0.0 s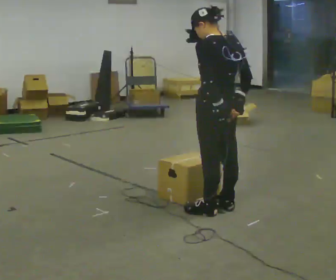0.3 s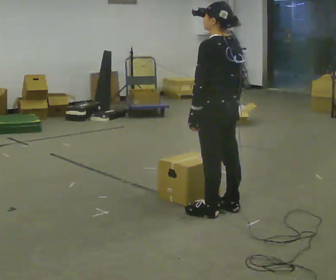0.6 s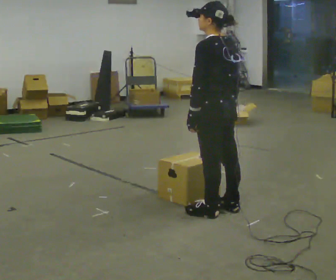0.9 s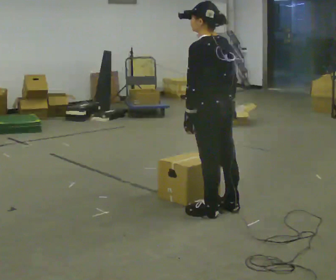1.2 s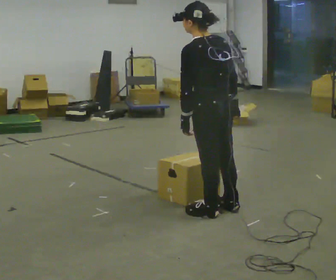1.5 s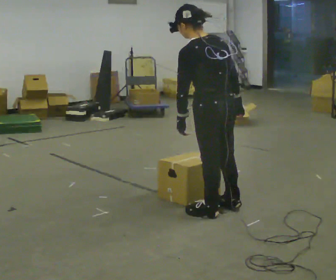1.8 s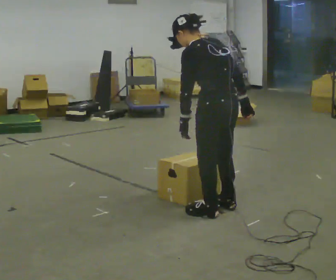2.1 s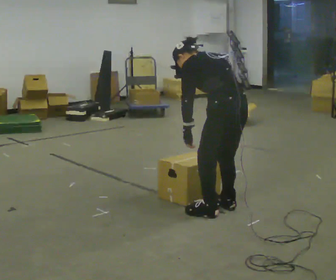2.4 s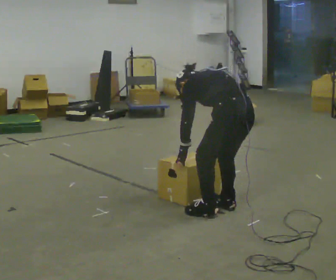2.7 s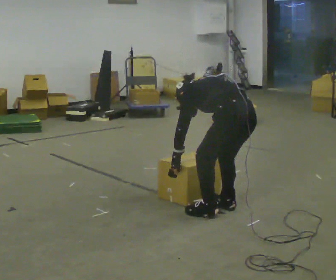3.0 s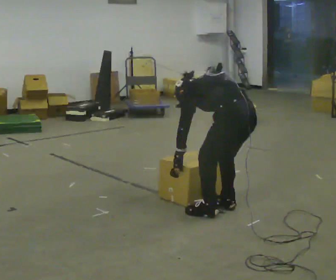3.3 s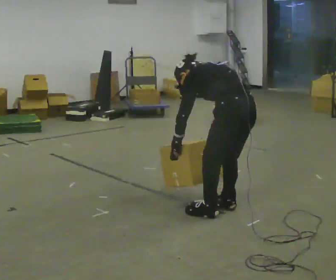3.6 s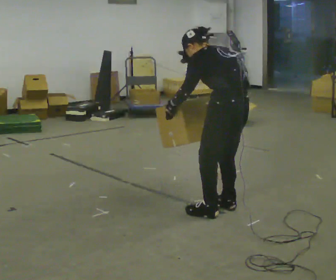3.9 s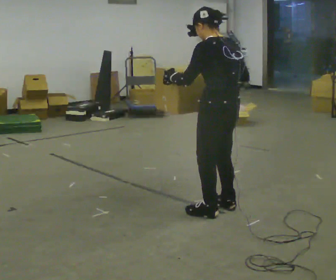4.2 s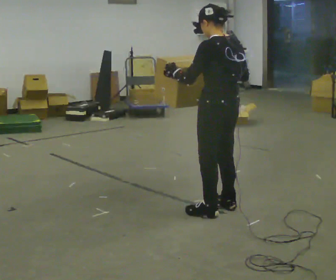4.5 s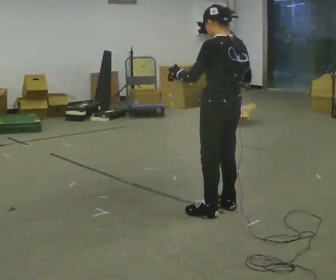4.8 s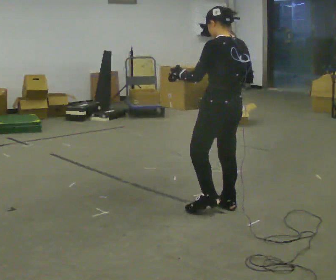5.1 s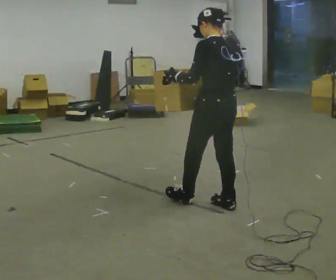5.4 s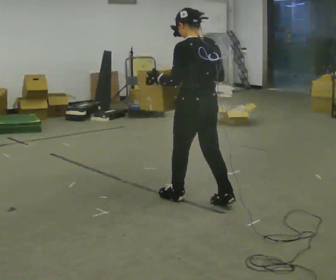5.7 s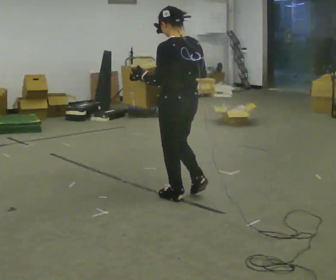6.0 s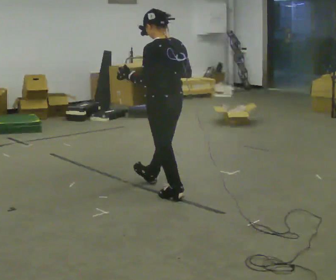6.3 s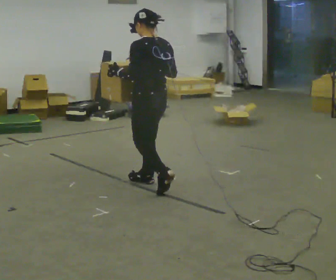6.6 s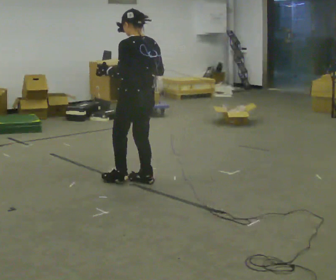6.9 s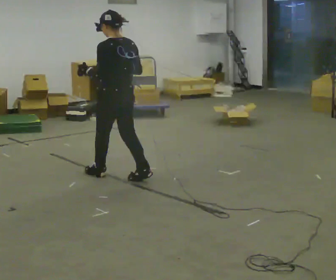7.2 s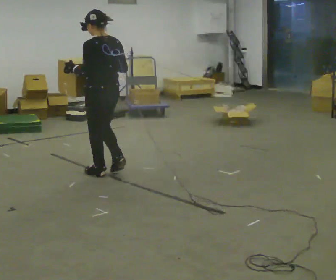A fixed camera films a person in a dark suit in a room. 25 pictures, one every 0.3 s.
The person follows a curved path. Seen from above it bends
counterclockwise.
0.0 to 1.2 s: The person moves a little, or ends about where they began.
1.2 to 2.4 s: The upper body goes downward. The upper body tips away from the camera, its near side rolling upward, as they bend forward. In the picture their right hand goes downward.
2.4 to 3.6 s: The upper body tips toward the camera, its near side rolling downward, as they lean back or straighten. In the picture their right hand goes upward.
3.6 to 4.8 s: In the picture the upper body tilts clockwise, shoulders to the right, as they lean back or straighten.
4.8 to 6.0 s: In the picture they go to the left and away from the camera, about 0.5 m in 1 step, which for them is forward.
6.0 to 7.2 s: In the picture they go to the left and away from the camera, about 0.5 m in 2 steps, which for them is forward.
The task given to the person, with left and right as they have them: Carry the box and, while walking, shift it to a different hold: front, then hip, then shoulder, then back to front. Do not stop walking.
The film runs forward here.
